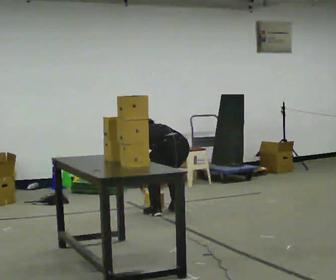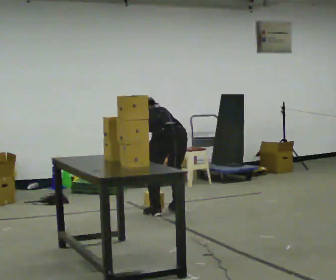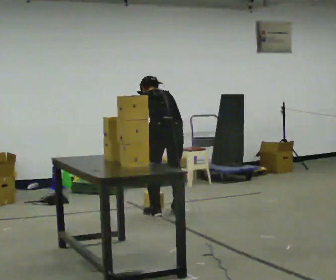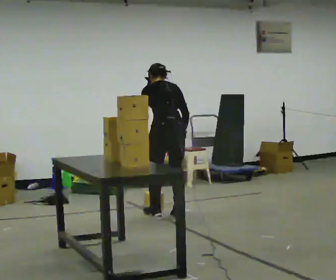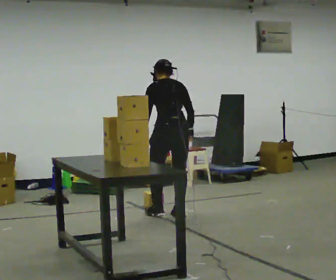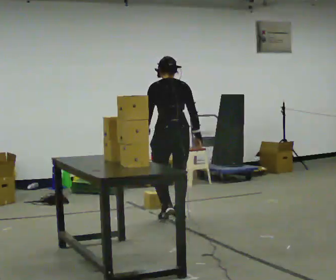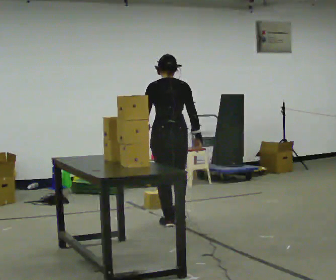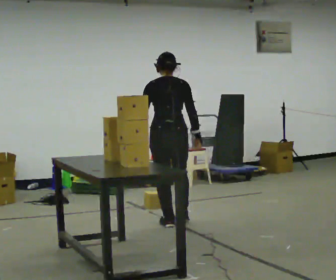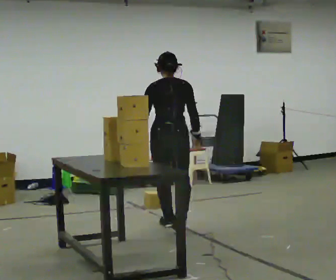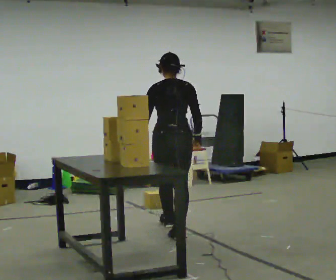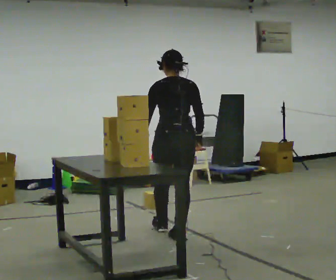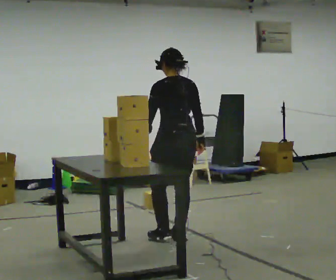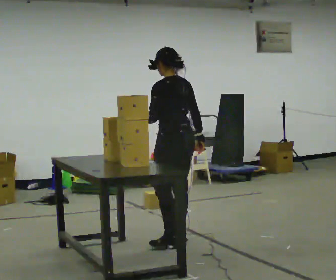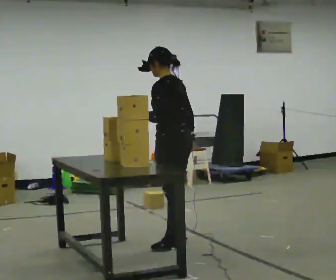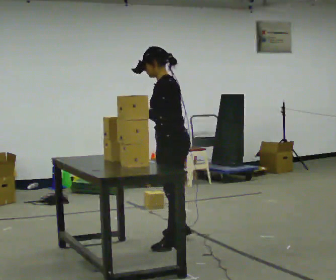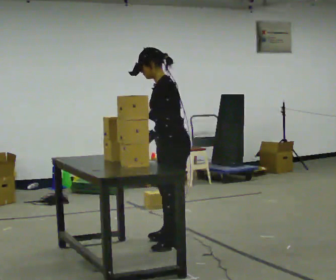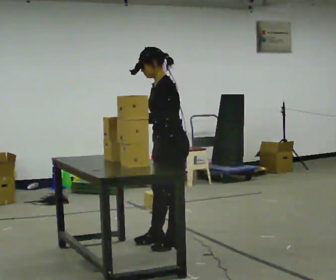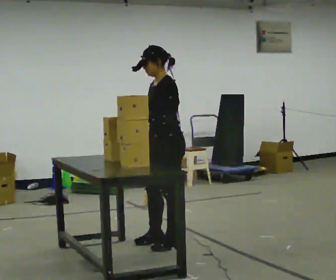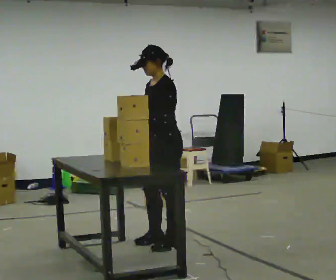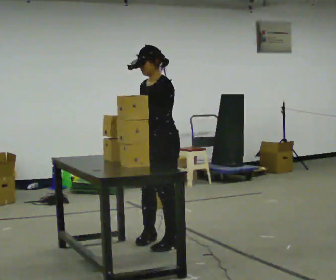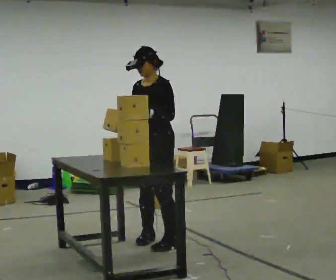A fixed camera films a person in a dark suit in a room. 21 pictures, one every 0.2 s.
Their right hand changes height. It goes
upward.
The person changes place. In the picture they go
toward the camera.
0.0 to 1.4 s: In the picture they go toward the camera, about 0.5 m in 3 steps, which for them is backward and to their left. The upper body goes upward. The upper body tips toward the camera, its near side rolling downward, as they lean back or straighten. In the picture their right hand goes upward.
1.4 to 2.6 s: Seen from above the body turns counterclockwise, about 60 degrees: to their left, with its near side sliding to the right. In the picture they go toward the camera, about 0.75 m in 1 step.
2.6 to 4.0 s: The part of the body nearest the lens slides to the right as the person turns to their left by about 75 degrees. In the picture they go to the left, about 0.25 m in 1 step. In the picture their right hand goes to the left, the arm swinging clockwise.
The film runs backward here.
